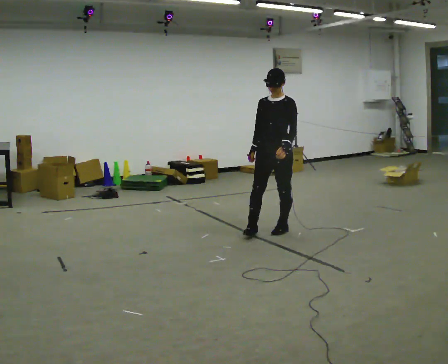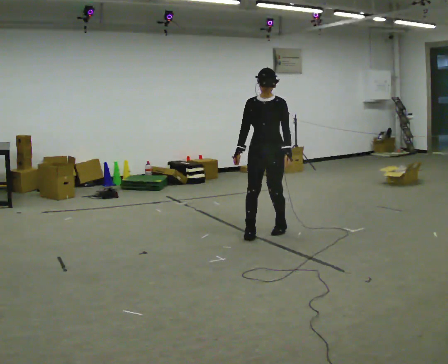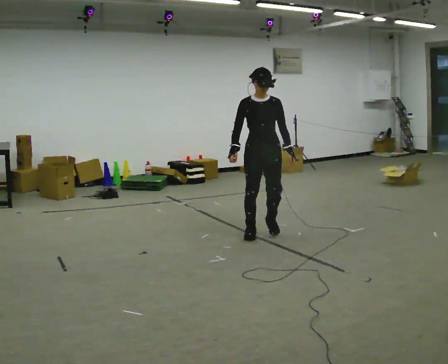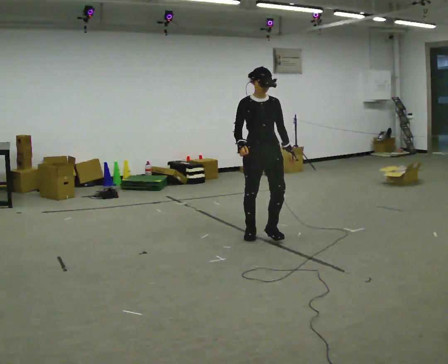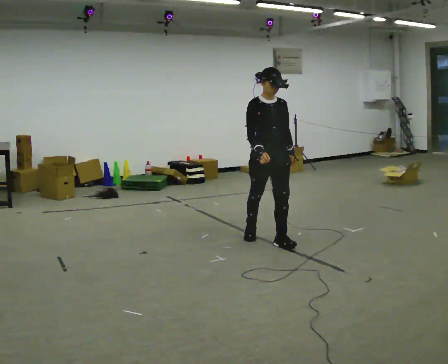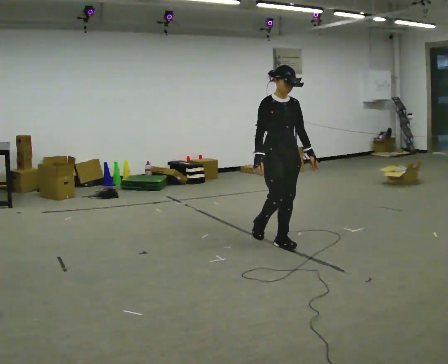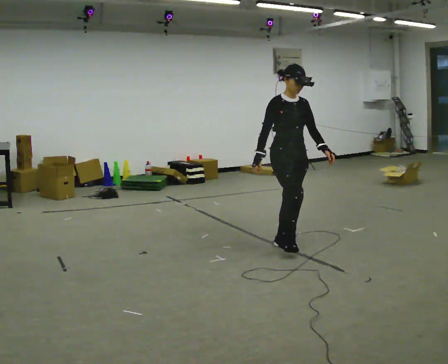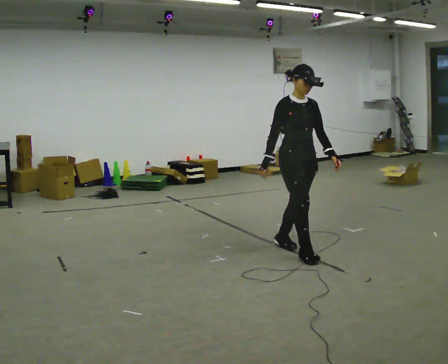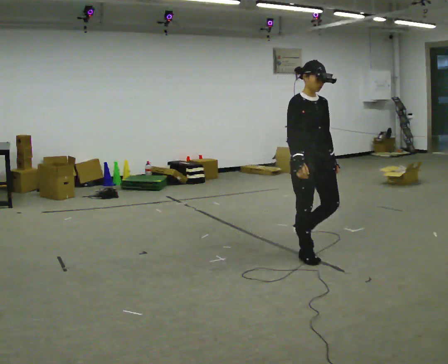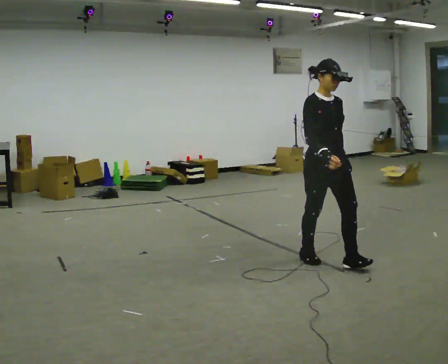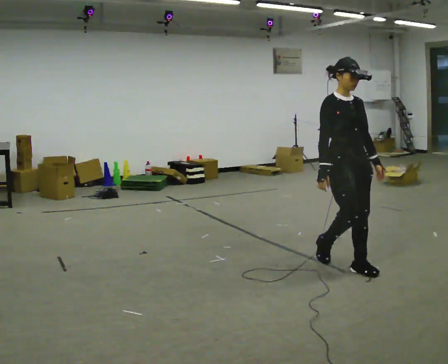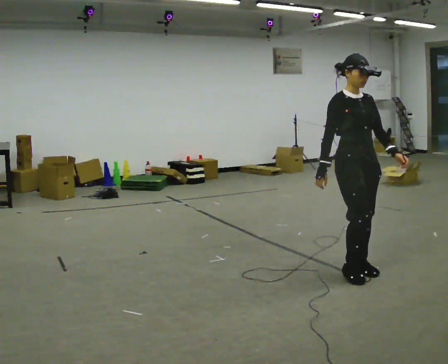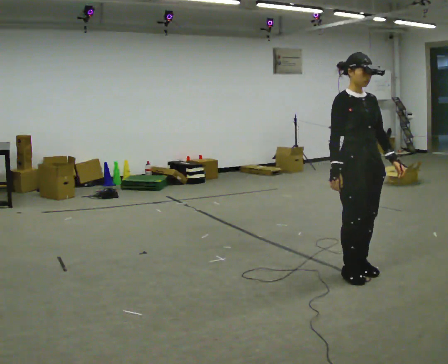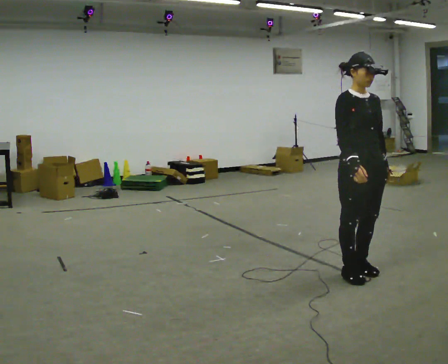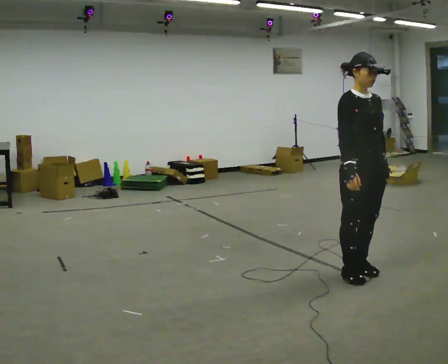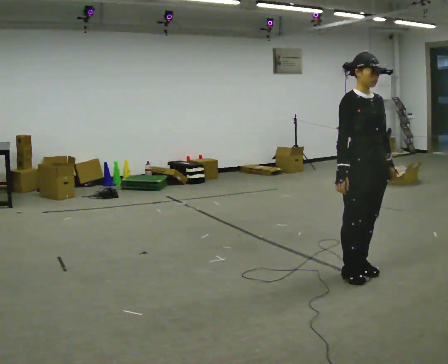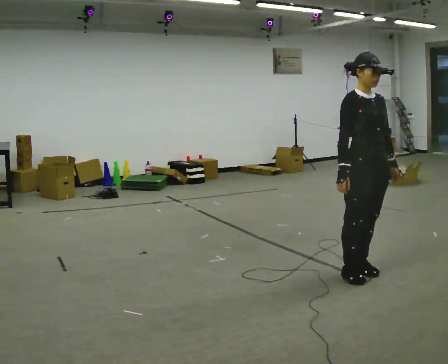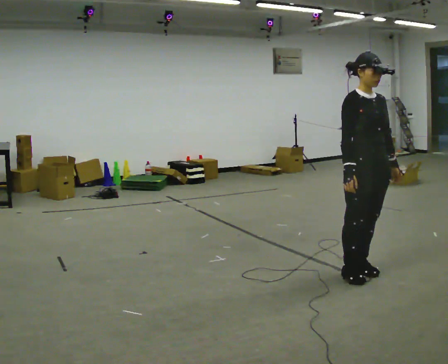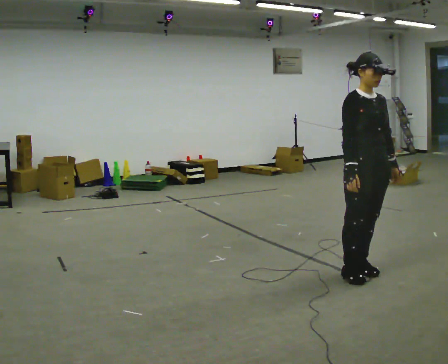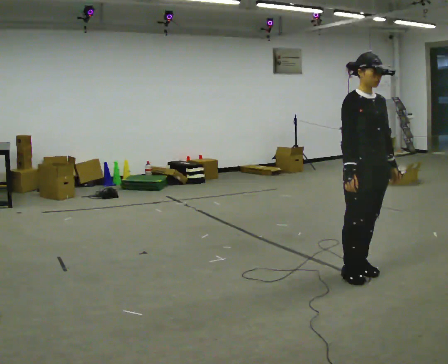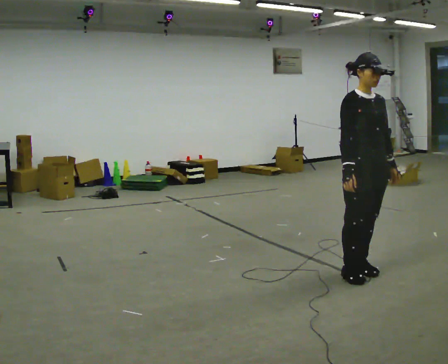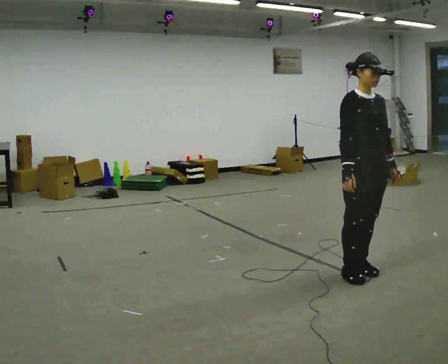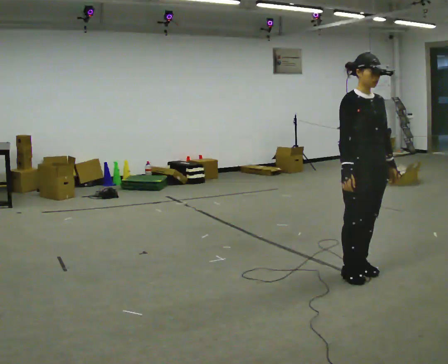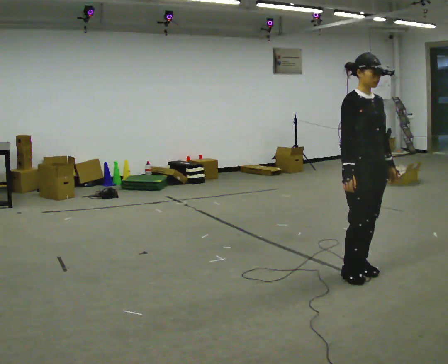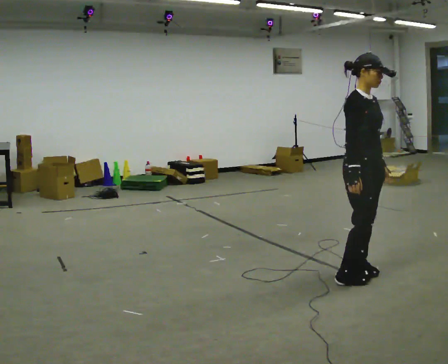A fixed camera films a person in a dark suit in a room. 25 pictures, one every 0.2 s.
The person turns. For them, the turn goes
to their left.
The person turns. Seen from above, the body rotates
counterclockwise.
0.0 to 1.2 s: Seen from above the body turns counterclockwise, about 60 degrees: to their left, with its near side sliding to the right. In the picture they go toward the camera, about 0.5 m in 2 steps, which for them is forward.
1.2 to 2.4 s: In the picture they go toward the camera and to the right, about 1 m in 3 steps, which for them is forward.
2.4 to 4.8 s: Seen from above the body turns counterclockwise, about 30 degrees: to their left, with its near side sliding to the right.
The film runs forward here.
